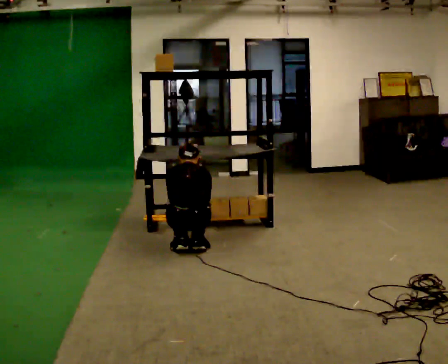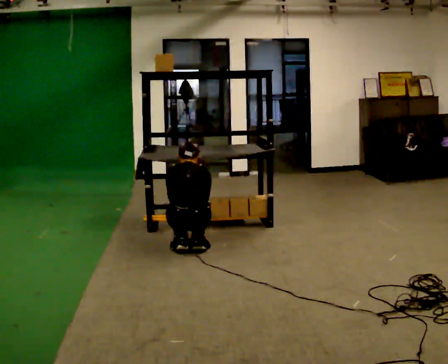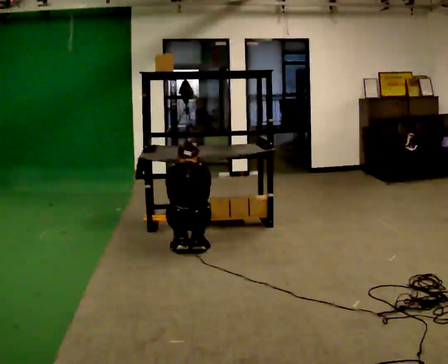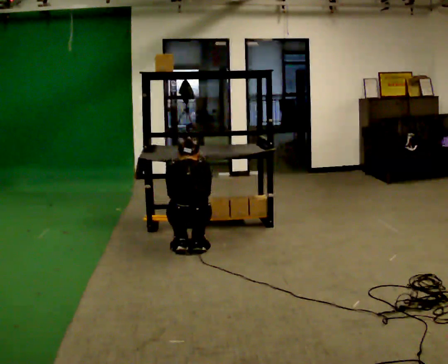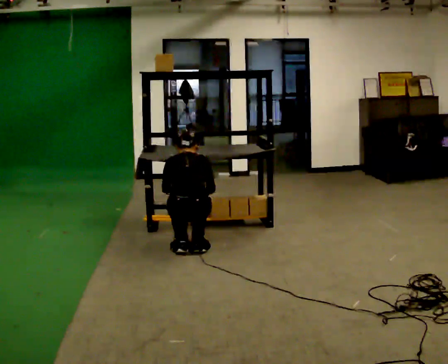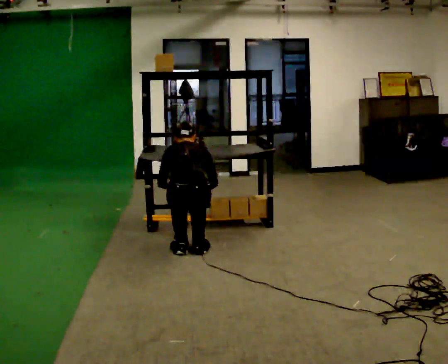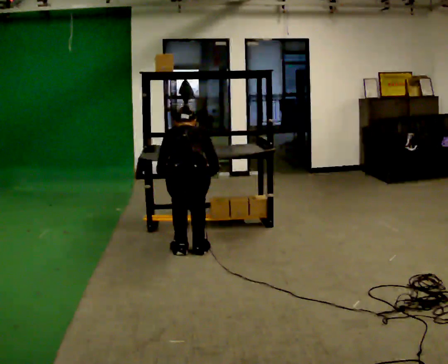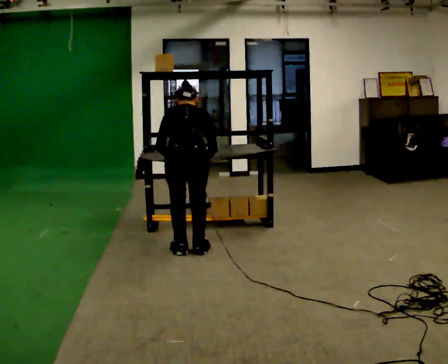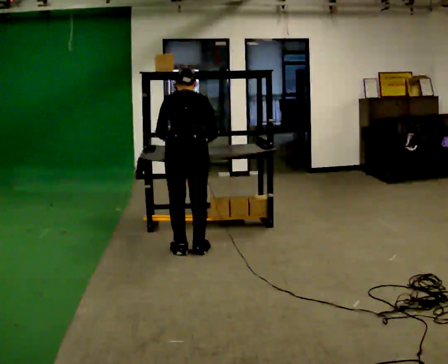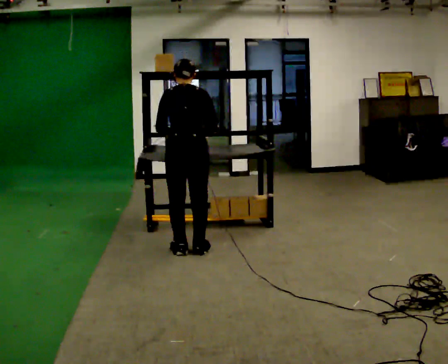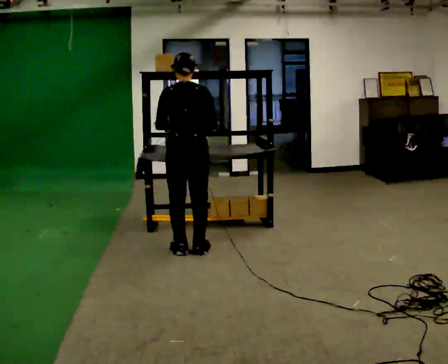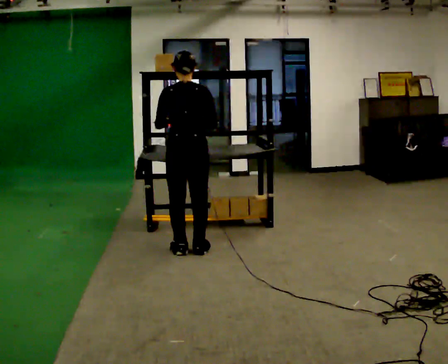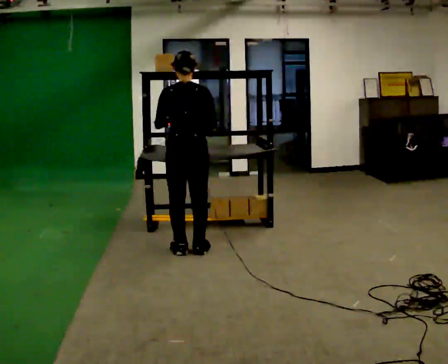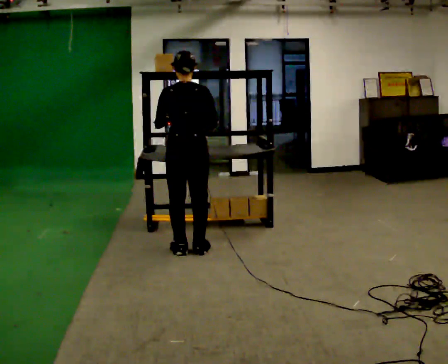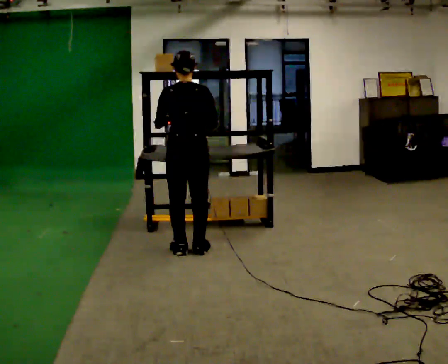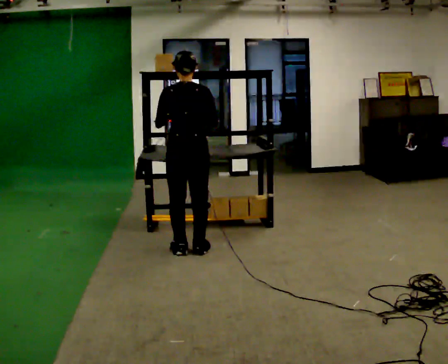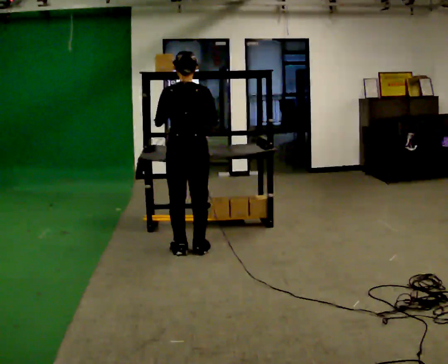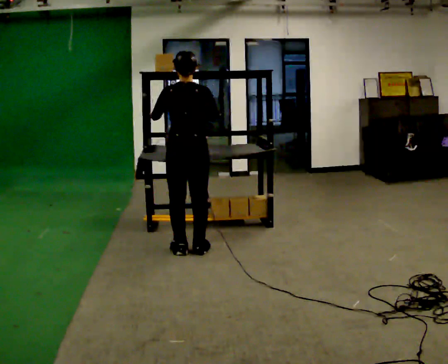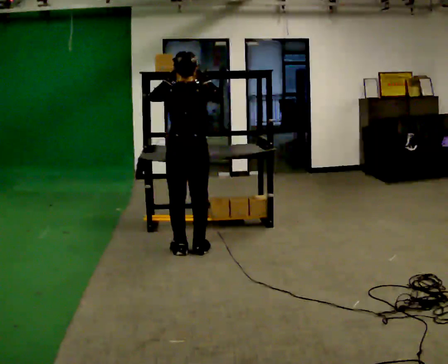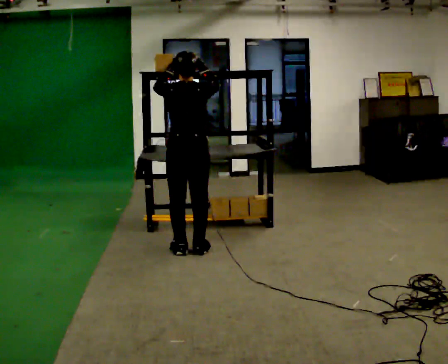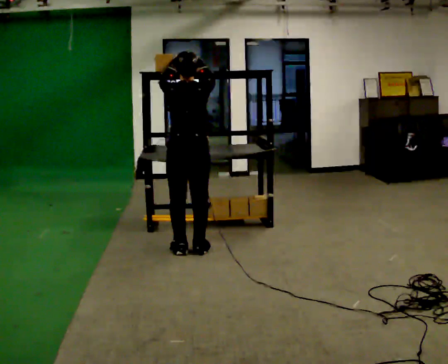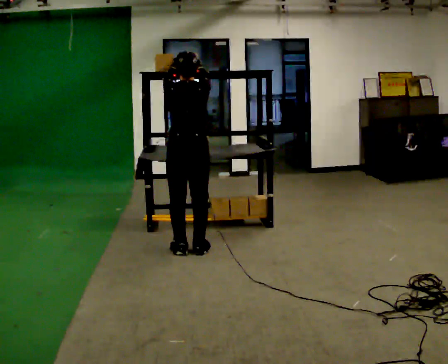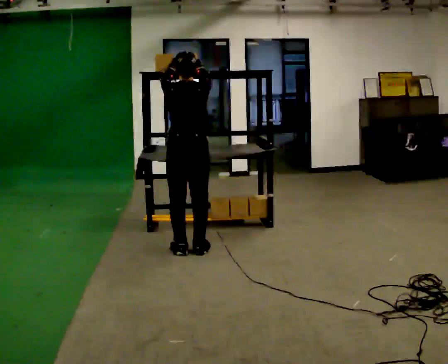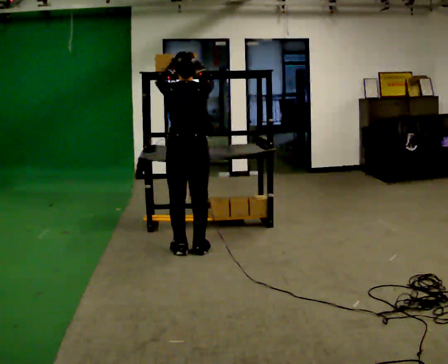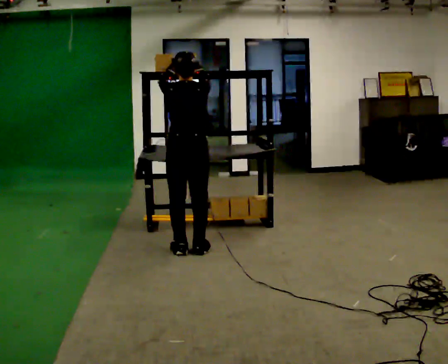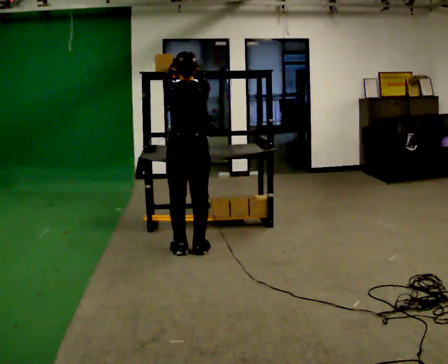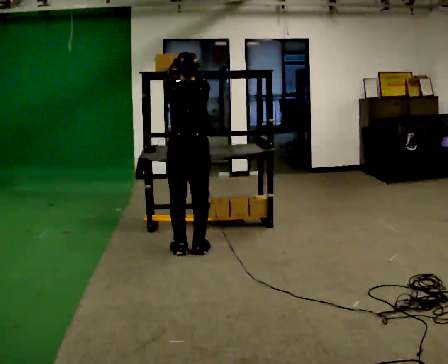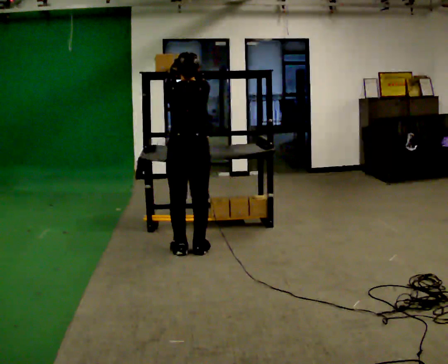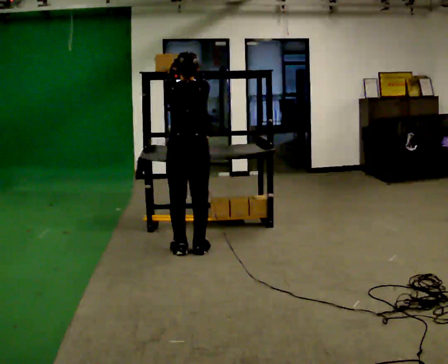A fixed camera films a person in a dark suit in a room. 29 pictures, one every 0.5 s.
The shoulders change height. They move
upward.
Their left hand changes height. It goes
upward.
0.0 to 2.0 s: The person moves a little, or ends about where they began.
2.0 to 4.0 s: The upper body goes upward. In the picture their left hand goes upward.
4.0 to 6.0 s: The upper body tips toward the camera, its near side rolling downward, as they lean back or straighten.
6.0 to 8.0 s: The person moves a little, or ends about where they began.
8.0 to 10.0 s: In the picture their right hand goes upward.
10.0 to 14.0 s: The person moves a little, or ends about where they began.
The film runs backward here.
